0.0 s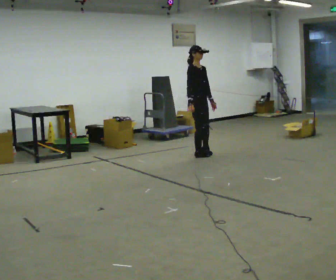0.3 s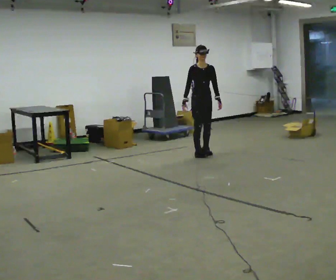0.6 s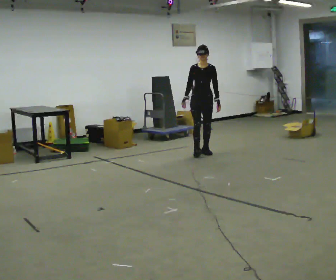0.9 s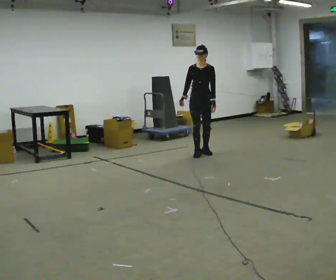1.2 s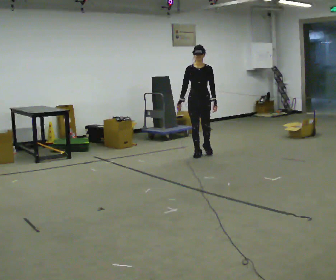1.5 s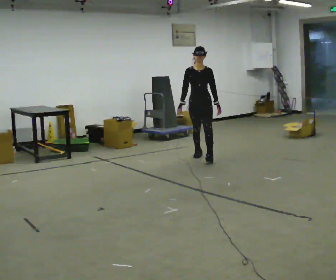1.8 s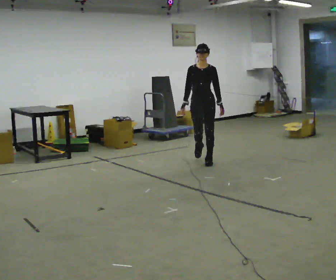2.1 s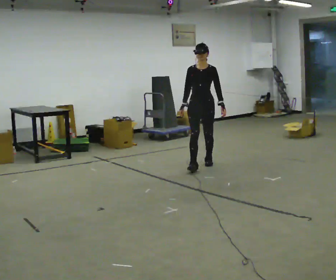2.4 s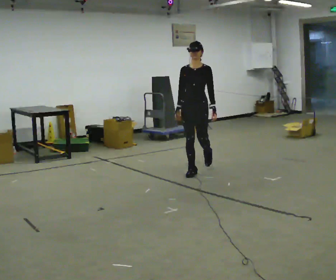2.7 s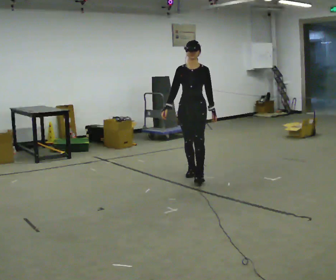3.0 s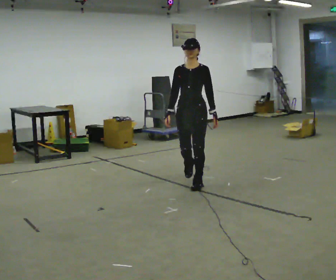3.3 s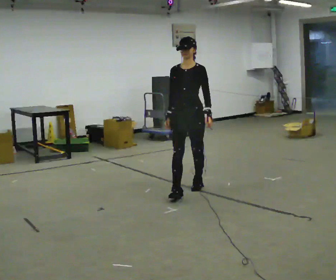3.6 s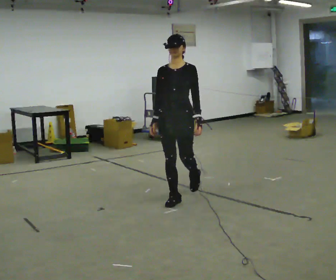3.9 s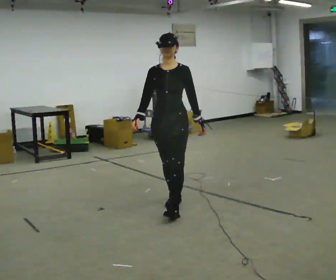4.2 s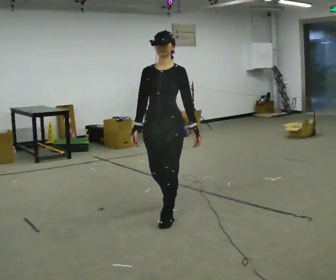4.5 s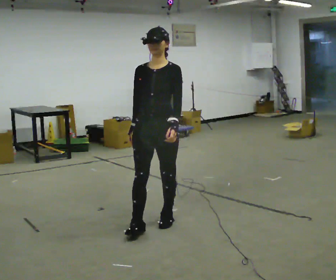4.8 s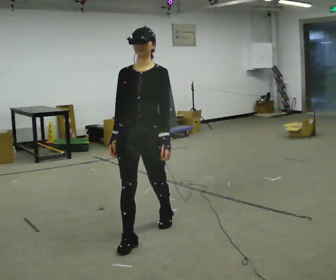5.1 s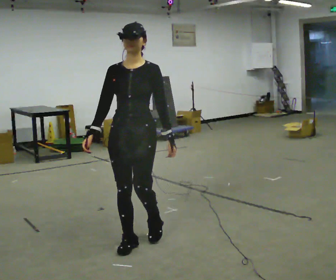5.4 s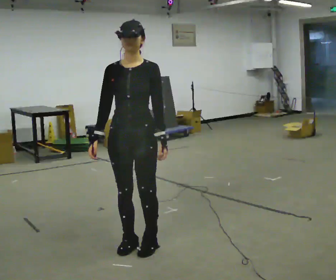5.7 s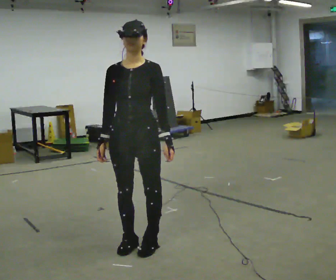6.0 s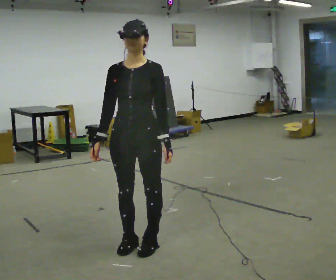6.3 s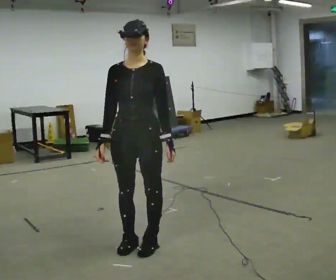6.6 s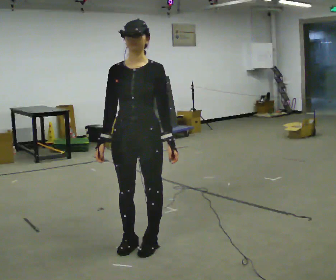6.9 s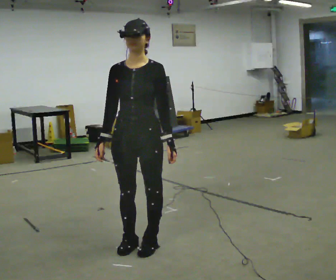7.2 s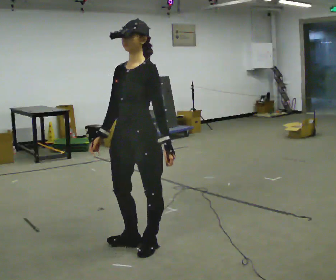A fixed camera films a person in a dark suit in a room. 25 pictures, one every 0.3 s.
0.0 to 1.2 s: The person turns about 60 degrees to their right, clockwise seen from above, so the part of the body nearest the lens slides to the left.
1.2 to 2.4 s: In the picture they go toward the camera, about 1 m in 2 steps, which for them is forward.
2.4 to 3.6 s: In the picture they go toward the camera, about 1 m in 2 steps, which for them is forward.
3.6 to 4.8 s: In the picture they go toward the camera, about 1 m in 2 steps, which for them is forward.
4.8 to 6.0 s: In the picture they go toward the camera, about 0.25 m in 1 step, which for them is forward.
6.0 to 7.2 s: The person turns about 30 degrees to their right, clockwise seen from above, so the part of the body nearest the lens slides to the left.
The film runs forward here.
